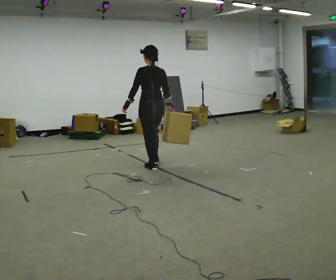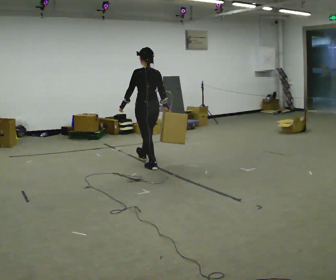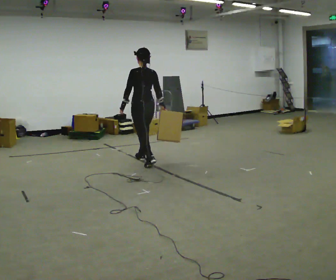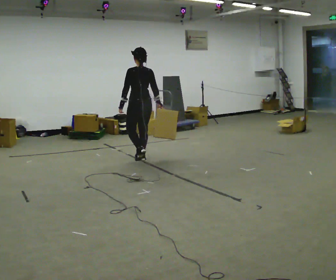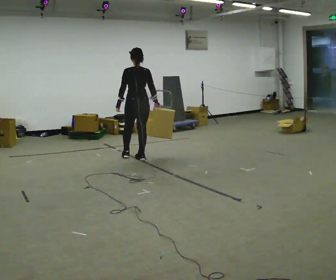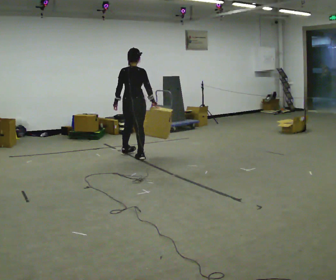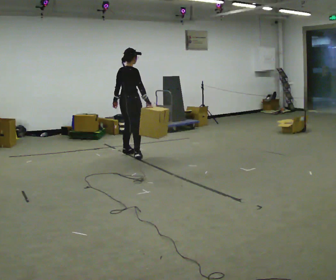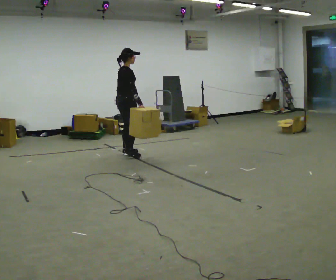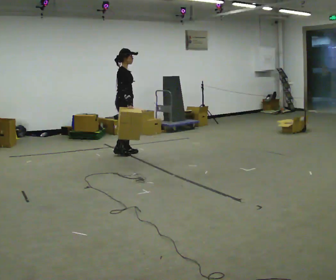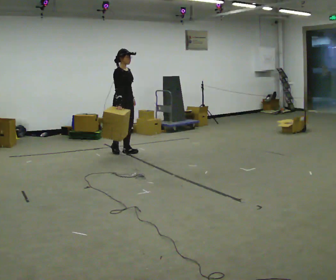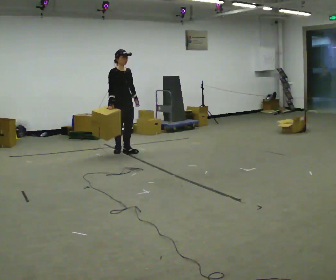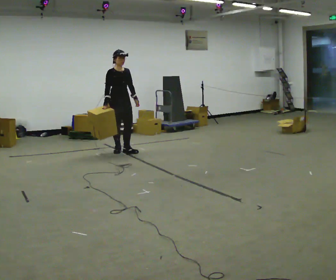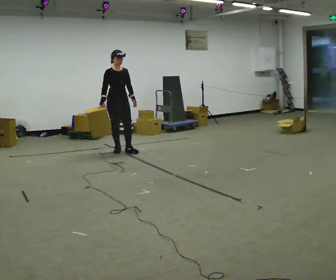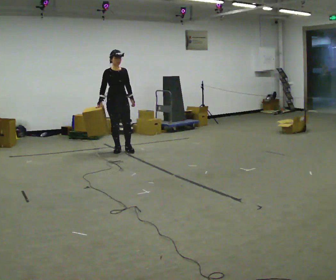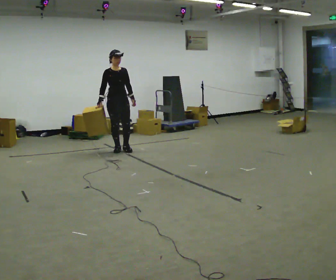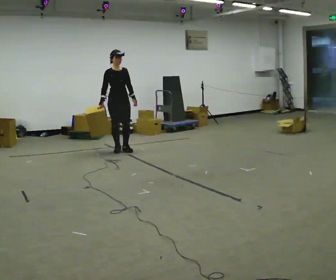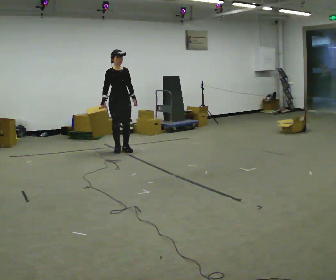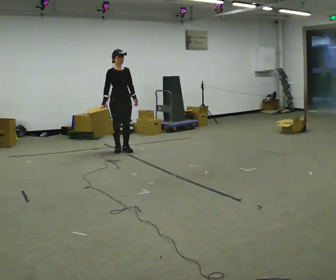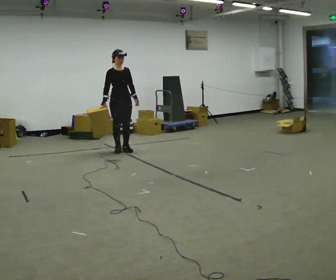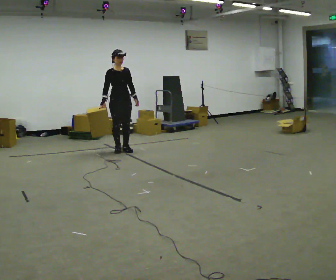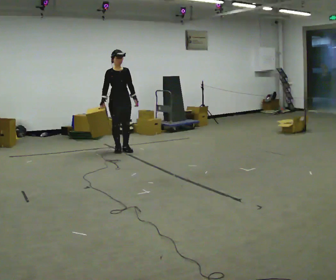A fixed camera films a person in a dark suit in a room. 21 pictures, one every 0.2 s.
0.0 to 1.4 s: Seen from above the body turns clockwise, about 90 degrees: to their right, with its near side sliding to the left. In the picture they go away from the camera and to the left, about 1 m in 2 steps.
1.4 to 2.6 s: The part of the body nearest the lens slides to the left as the person turns to their right by about 90 degrees. In the picture they go away from the camera and to the left, about 0.25 m in 1 step.
2.6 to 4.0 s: The person moves a little, or ends about where they began.
The film runs forward here.
